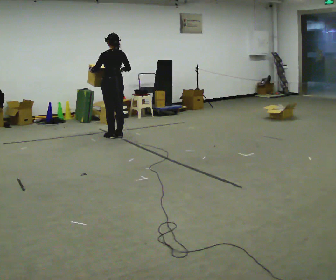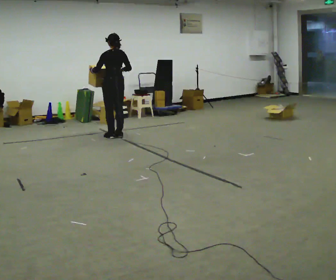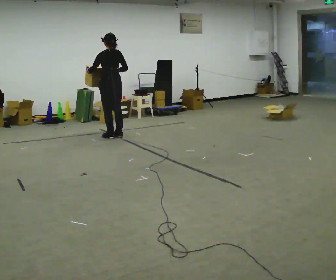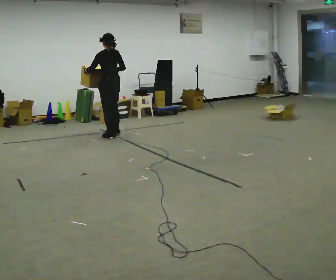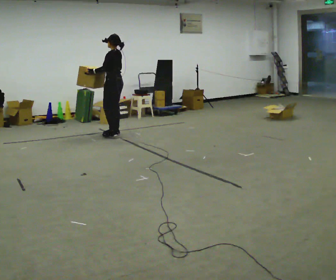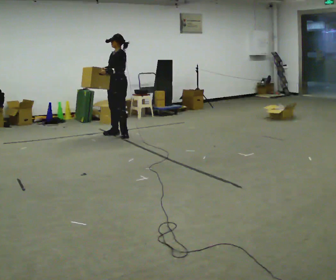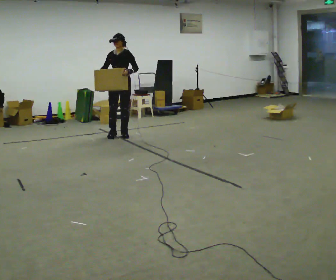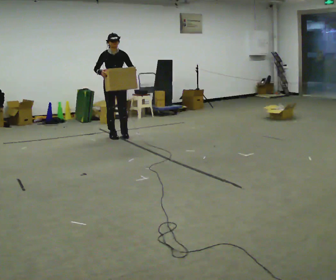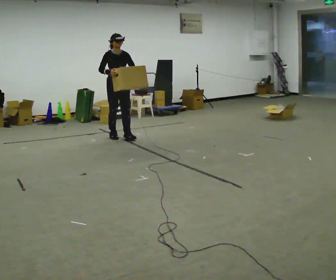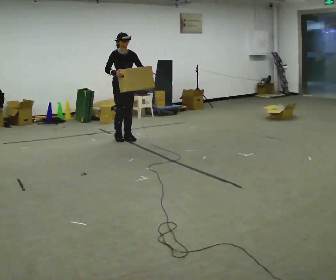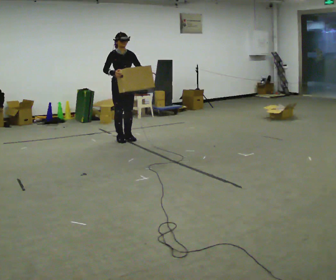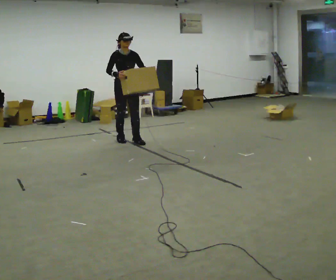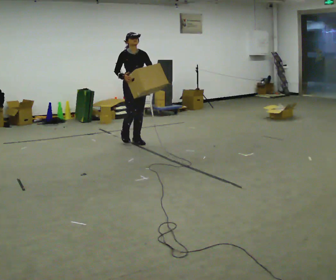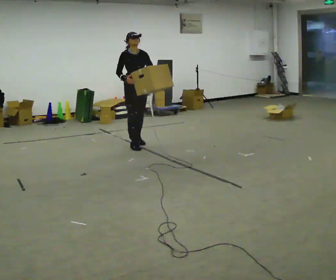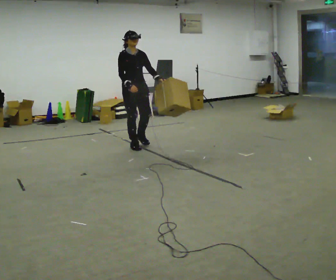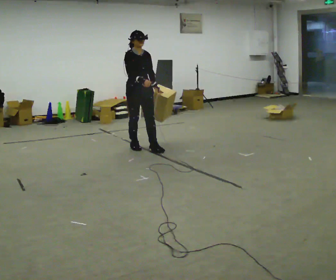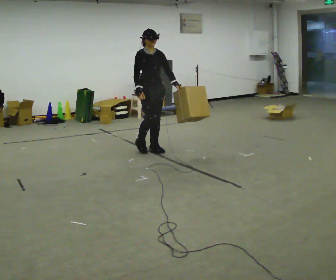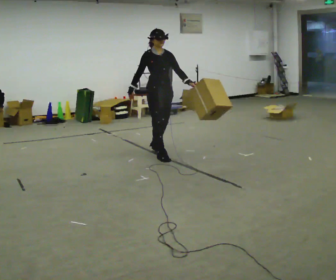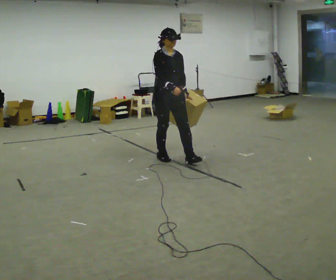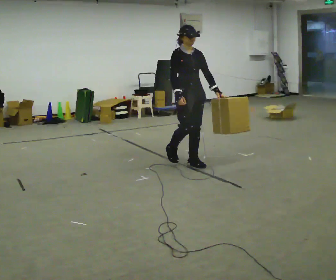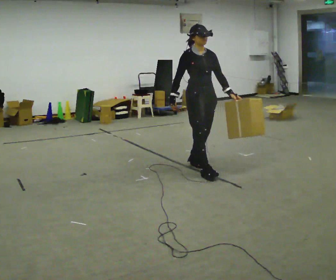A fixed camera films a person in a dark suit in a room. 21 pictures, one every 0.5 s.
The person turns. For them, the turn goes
to their left.
The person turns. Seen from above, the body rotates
counterclockwise.
0.0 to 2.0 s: The person turns about 45 degrees to their left, counterclockwise seen from above, so the part of the body nearest the lens slides to the right.
2.0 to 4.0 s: The part of the body nearest the lens slides to the right as the person turns to their left by about 135 degrees. In the picture they go toward the camera, about 0.25 m in 2 steps. In the picture their left hand goes to the right.
4.0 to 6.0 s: In the picture they go toward the camera and to the right, about 0.5 m in 3 steps, which for them is forward.
6.0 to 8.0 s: In the picture they go toward the camera and to the right, about 0.5 m in 2 steps, which for them is forward.
8.0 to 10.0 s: In the picture they go toward the camera and to the right, about 1 m in 2 steps, which for them is forward.
The film runs backward here.
